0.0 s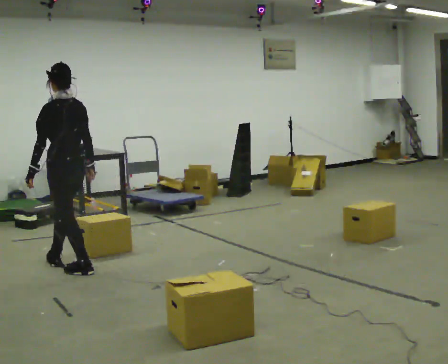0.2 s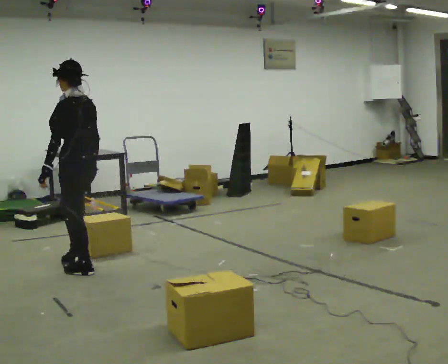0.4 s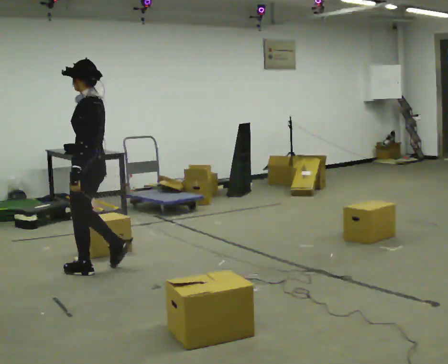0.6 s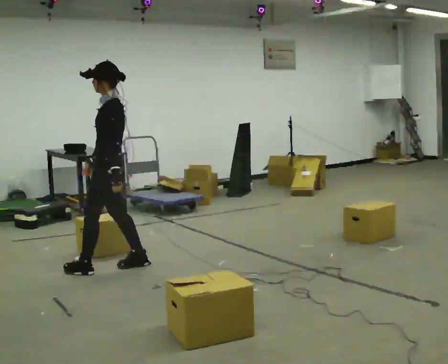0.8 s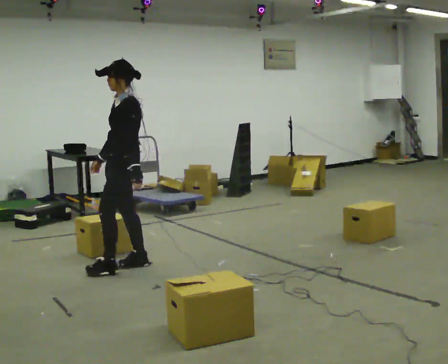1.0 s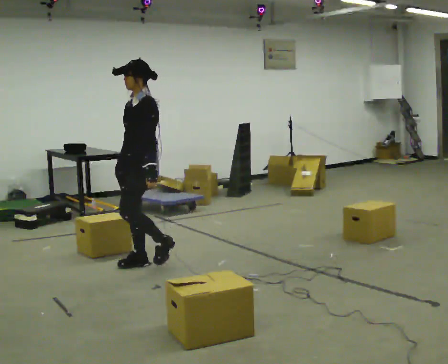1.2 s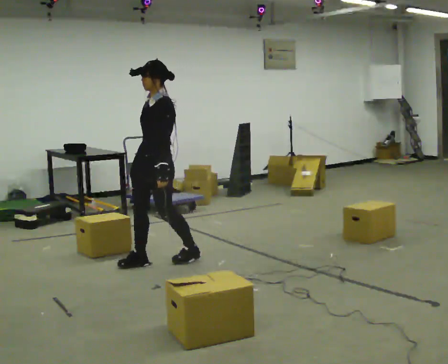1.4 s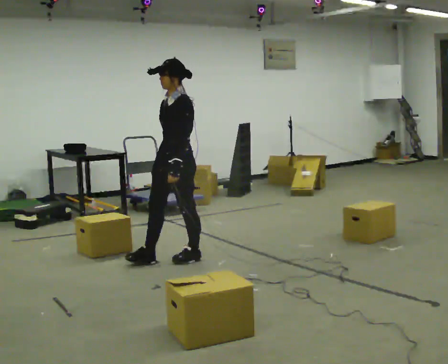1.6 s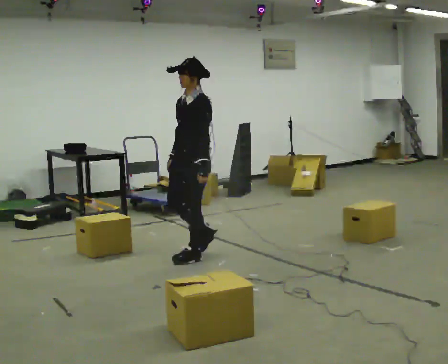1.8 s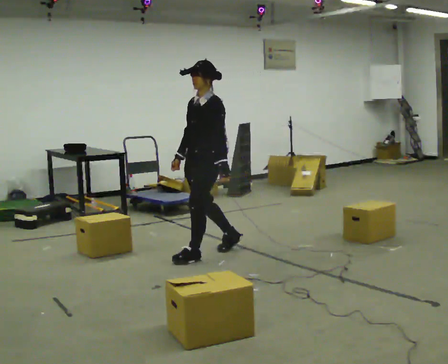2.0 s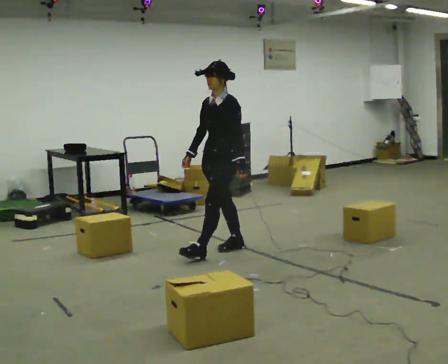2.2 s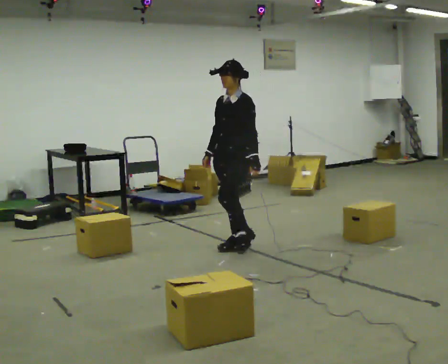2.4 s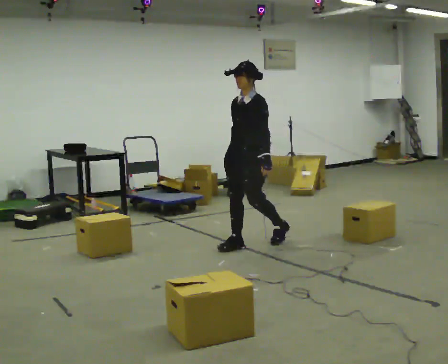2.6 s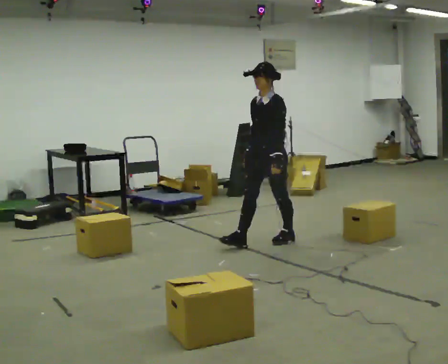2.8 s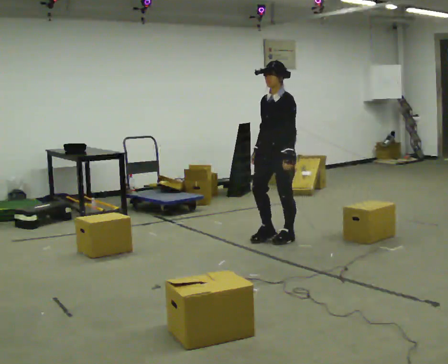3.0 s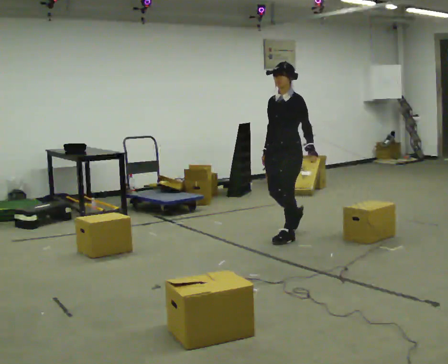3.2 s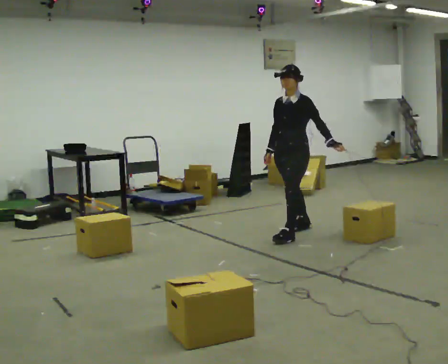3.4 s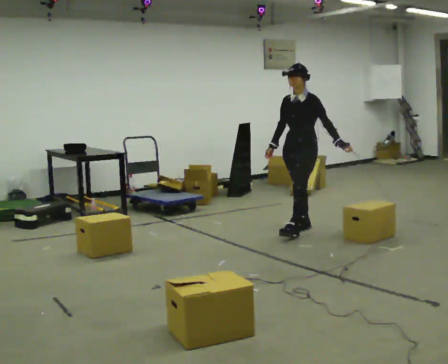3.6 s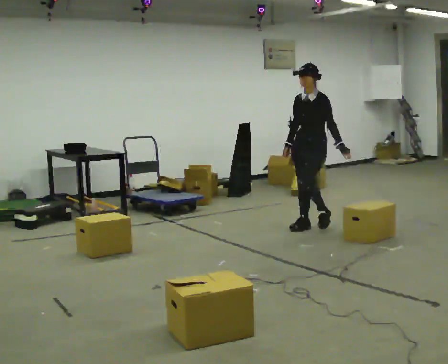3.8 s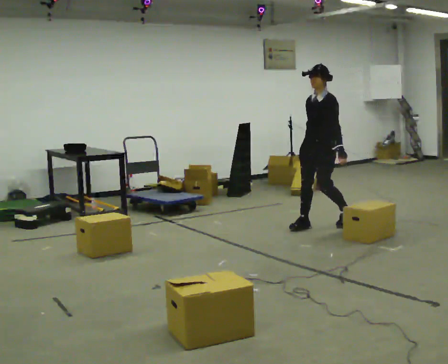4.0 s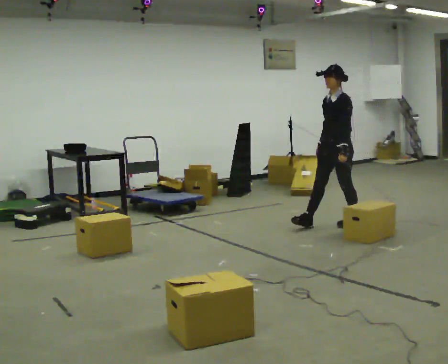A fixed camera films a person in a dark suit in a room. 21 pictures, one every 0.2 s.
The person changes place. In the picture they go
to the right.
0.0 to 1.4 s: The person turns about 60 degrees to their left, counterclockwise seen from above, so the part of the body nearest the lens slides to the right. In the picture they go to the right, about 1 m in 3 steps.
1.4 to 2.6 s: In the picture they go to the right and away from the camera, about 1 m in 2 steps, which for them is backward.
2.6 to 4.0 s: In the picture they go to the right and away from the camera, about 1 m in 2 steps, which for them is backward.
The film runs backward here.
